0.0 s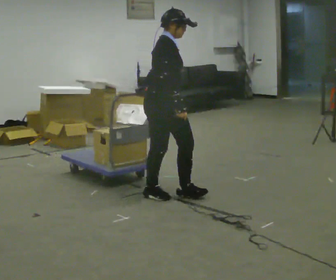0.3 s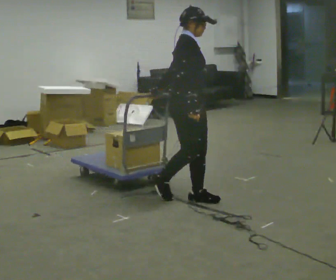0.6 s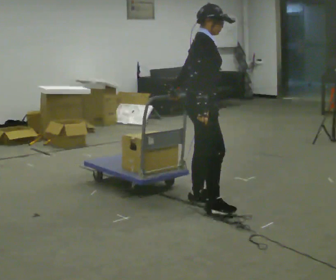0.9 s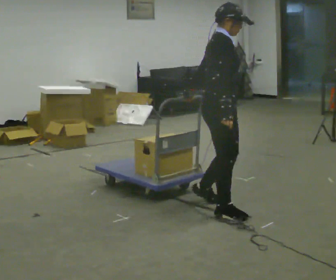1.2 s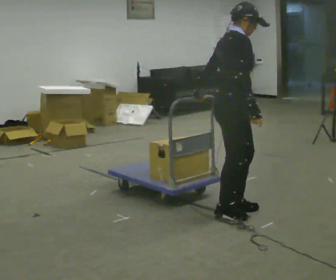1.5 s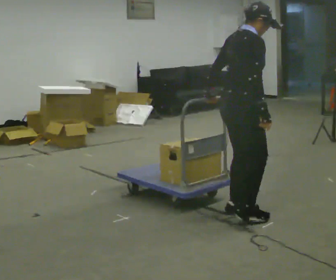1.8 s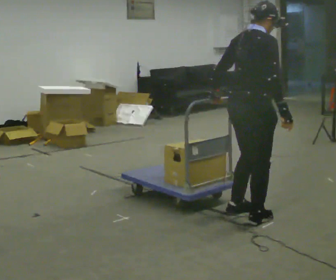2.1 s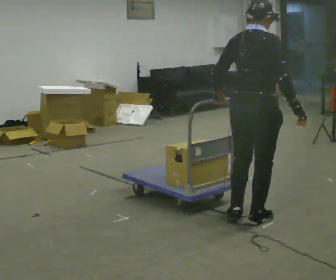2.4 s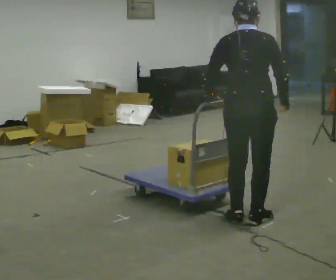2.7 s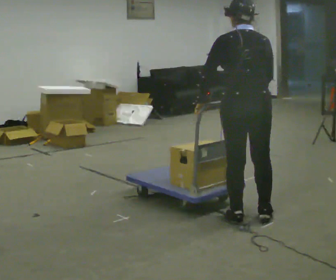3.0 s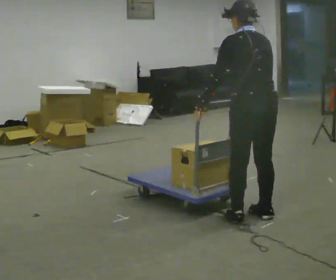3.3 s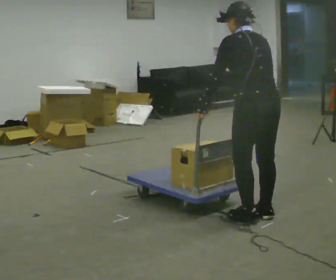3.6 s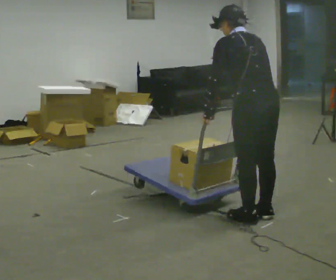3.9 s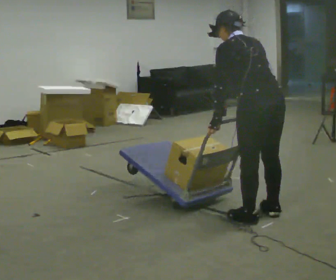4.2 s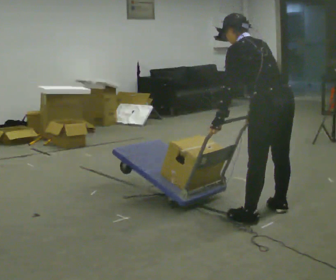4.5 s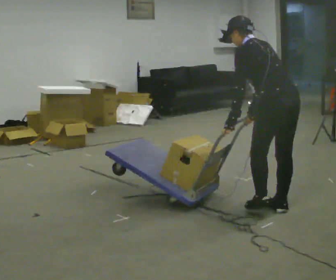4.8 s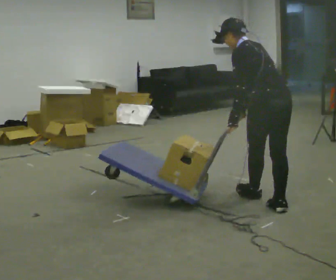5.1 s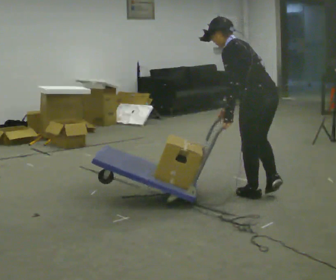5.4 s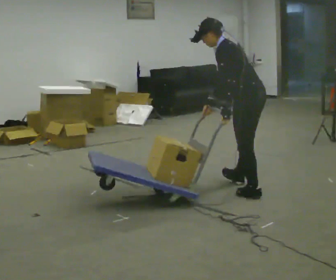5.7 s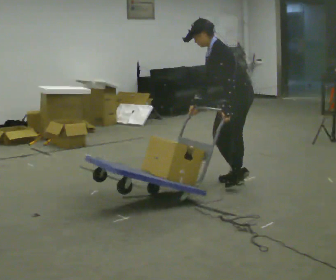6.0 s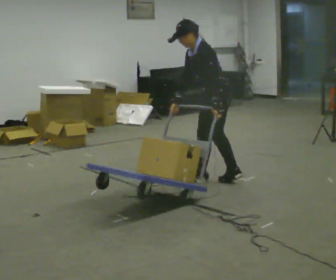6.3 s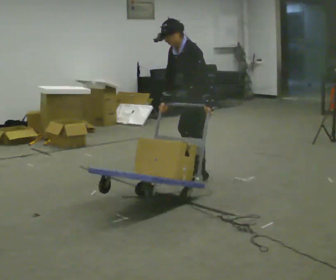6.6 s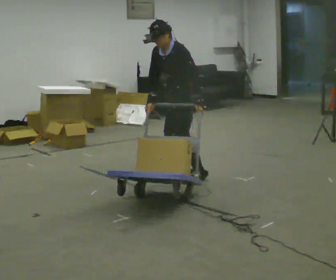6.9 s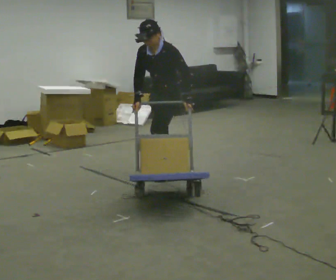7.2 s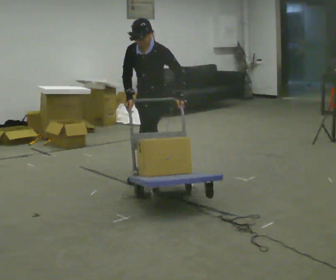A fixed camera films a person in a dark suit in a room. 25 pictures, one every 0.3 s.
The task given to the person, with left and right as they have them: Pull the cart behind you as you walk backward across the room. The operator will confirm the space behind you is clear before each take.
0.0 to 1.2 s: In the picture they go to the right and toward the camera, about 0.75 m in 3 steps, which for them is forward and to their right.
1.2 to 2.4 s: Seen from above the body turns counterclockwise, about 75 degrees: to their left, with its near side sliding to the right. In the picture they go toward the camera, about 0.25 m in 2 steps.
2.4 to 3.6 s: The part of the body nearest the lens slides to the right as the person turns to their left by about 45 degrees. In the picture the upper body tilts counterclockwise, shoulders to the left, as they bend forward.
3.6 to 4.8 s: In the picture they go away from the camera, about 0.5 m in 1 step, which for them is to their right and forward.
4.8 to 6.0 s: The person turns about 45 degrees to their left, counterclockwise seen from above, so the part of the body nearest the lens slides to the right. In the picture they go away from the camera and to the left, about 1 m in 3 steps, which for them is forward and to their right. The upper body tips toward the camera, its near side rolling downward.
6.0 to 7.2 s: Seen from above the body turns counterclockwise, about 45 degrees: to their left, with its near side sliding to the right. In the picture they go to the left, about 0.5 m in 2 steps, which for them is forward and to their right. In the picture the upper body tilts clockwise, shoulders to the right.
The film runs forward here.
